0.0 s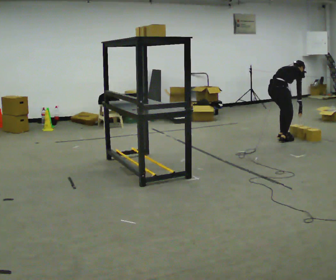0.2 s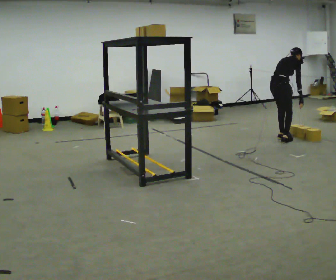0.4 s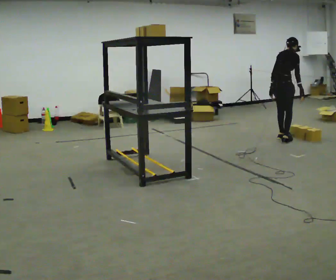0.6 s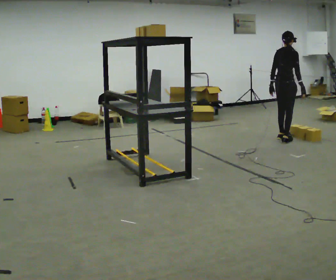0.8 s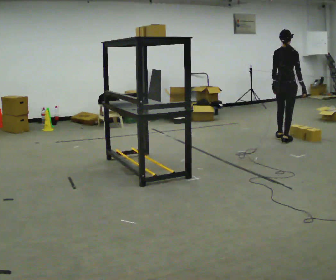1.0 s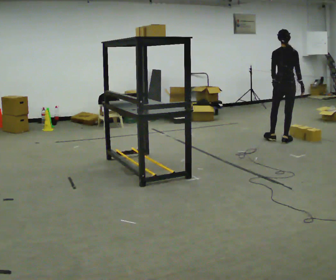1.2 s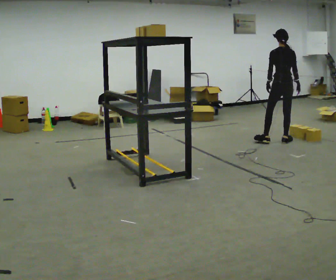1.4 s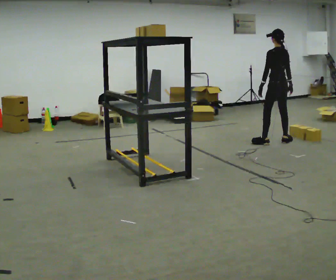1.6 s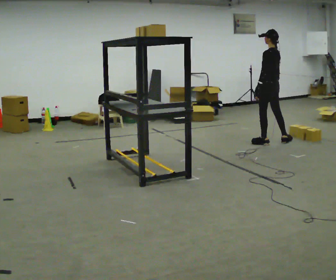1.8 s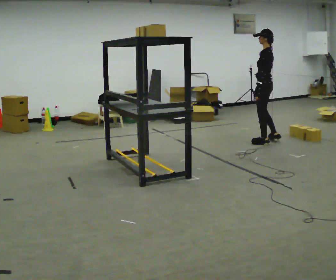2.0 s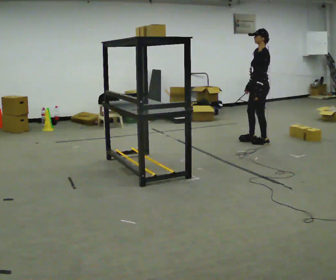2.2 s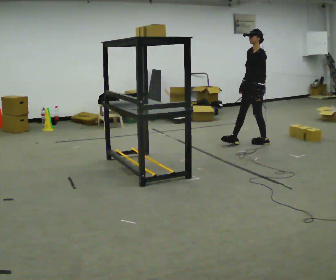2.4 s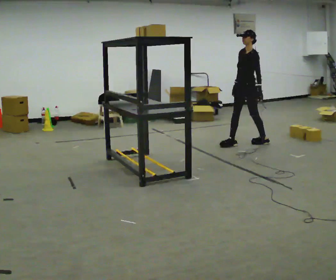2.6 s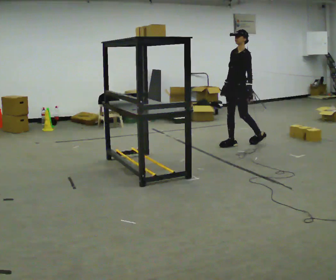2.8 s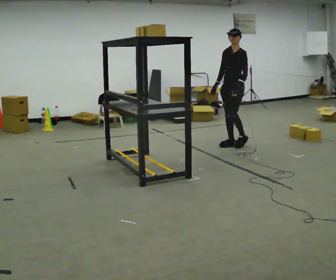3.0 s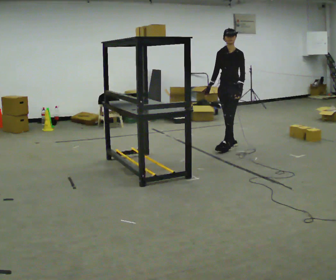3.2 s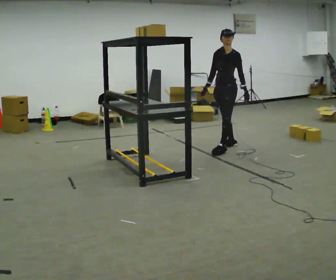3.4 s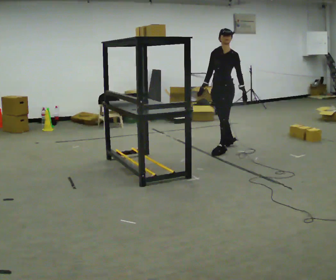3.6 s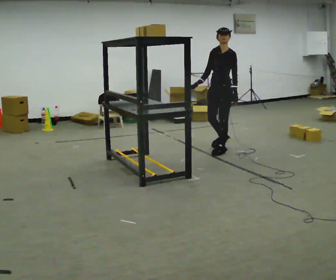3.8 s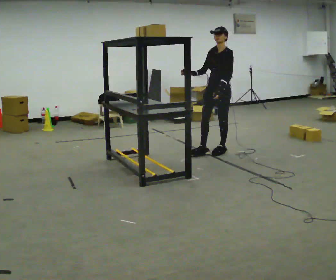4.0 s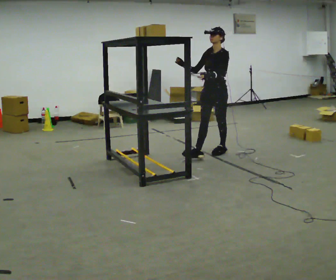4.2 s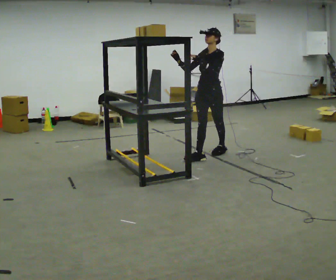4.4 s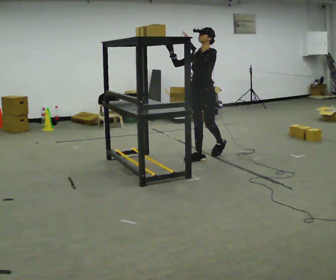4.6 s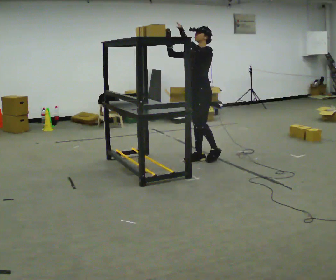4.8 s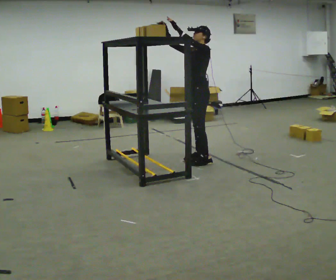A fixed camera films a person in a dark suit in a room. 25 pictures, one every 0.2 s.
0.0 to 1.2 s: The part of the body nearest the lens slides to the right as the person turns to their left by about 60 degrees. The shoulders move upward. In the picture the upper body tilts counterclockwise, shoulders to the left, as they lean back or straighten. In the picture their right hand goes upward.
1.2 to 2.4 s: The part of the body nearest the lens slides to the right as the person turns to their left by about 105 degrees. In the picture they go to the left, about 0.5 m in 2 steps.
2.4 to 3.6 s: In the picture they go toward the camera and to the left, about 0.5 m in 1 step, which for them is forward.
3.6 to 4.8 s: In the picture they go toward the camera and to the left, about 0.5 m in 2 steps, which for them is forward. In the picture their left hand goes upward.
The film runs forward here.
